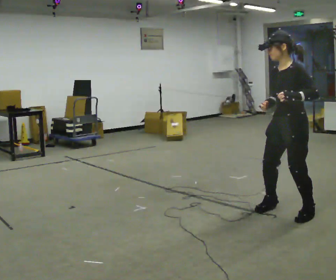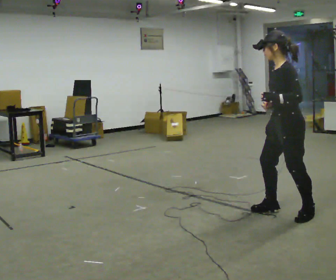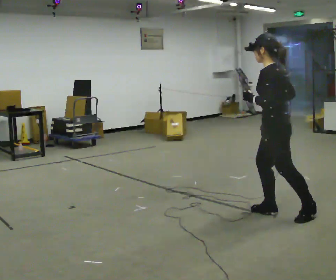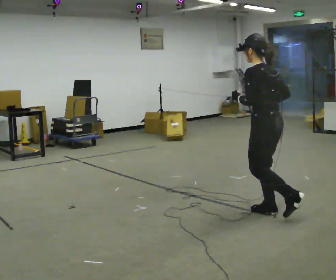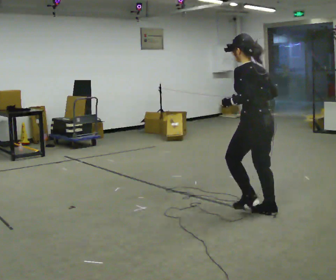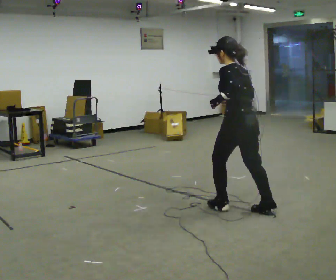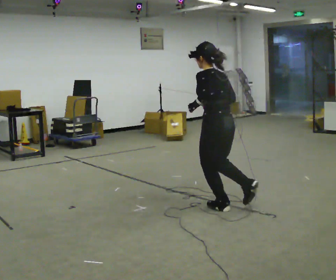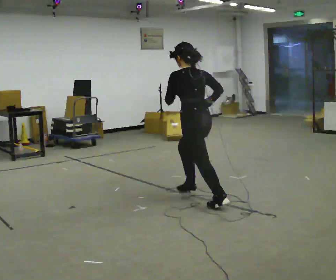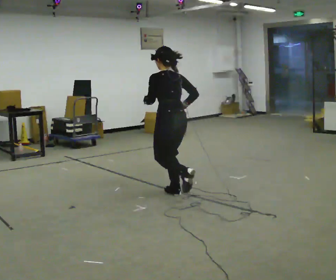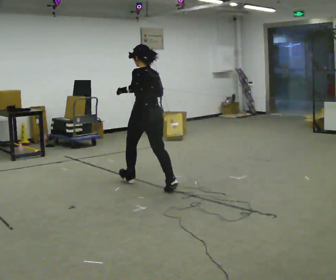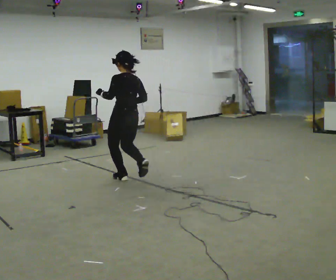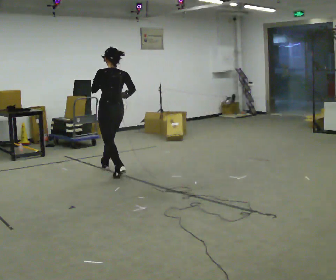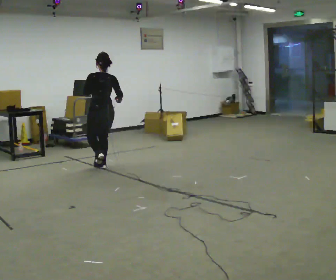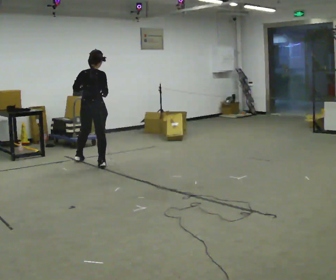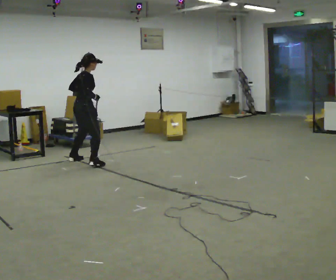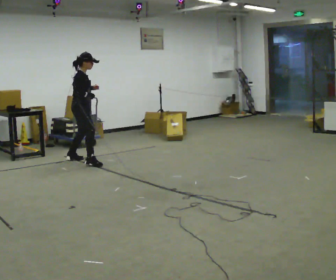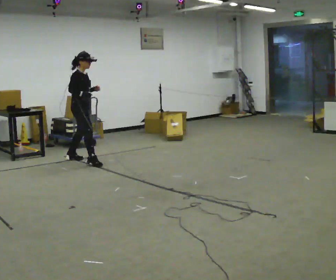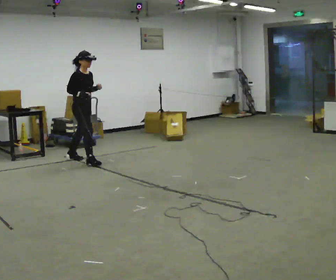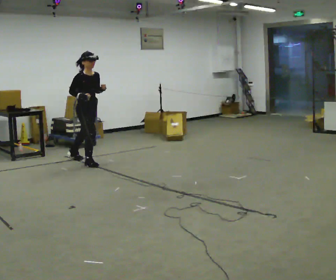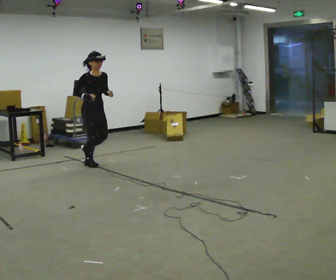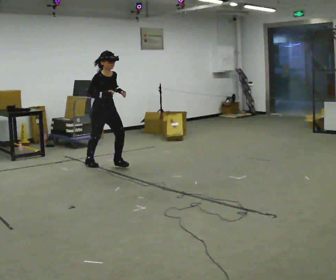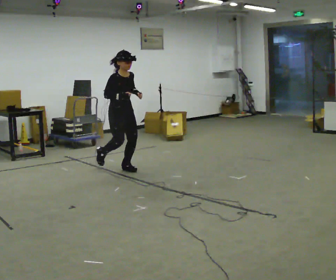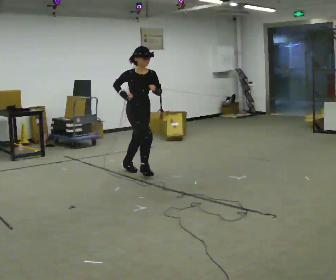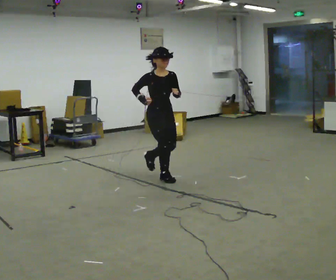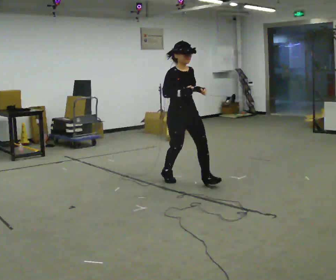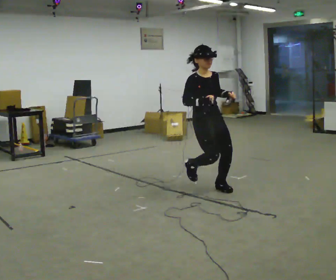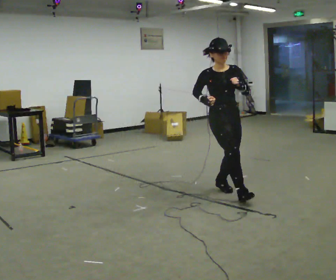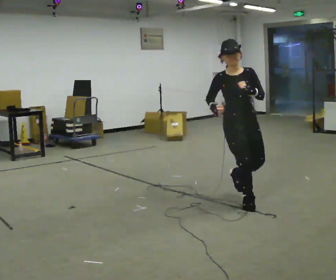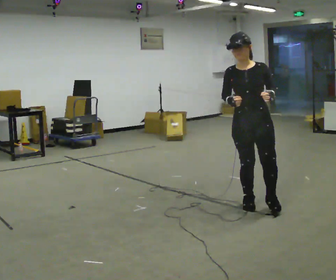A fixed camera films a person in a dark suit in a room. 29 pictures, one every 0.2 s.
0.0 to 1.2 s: The person turns about 75 degrees to their right, clockwise seen from above, so the part of the body nearest the lens slides to the left. In the picture they go to the left and away from the camera, about 0.5 m in 2 steps. The upper body tips away from the camera, its near side rolling upward.
1.2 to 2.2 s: In the picture they go away from the camera and to the left, about 2 m in 2 steps, which for them is forward. The upper body tips toward the camera, its near side rolling downward, as they lean back or straighten.
2.2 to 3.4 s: The person turns about 135 degrees to their right, clockwise seen from above, so the part of the body nearest the lens slides to the left. In the picture they go away from the camera and to the left, about 1 m in 3 steps.
3.4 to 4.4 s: Seen from above the body turns clockwise, about 30 degrees: to their right, with its near side sliding to the left. In the picture they go toward the camera and to the right, about 1 m in 1 step, which for them is forward.
4.4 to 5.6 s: The person turns about 45 degrees to their right, clockwise seen from above, so the part of the body nearest the lens slides to the left. In the picture they go toward the camera and to the right, about 2 m in 3 steps, which for them is forward.
The film runs forward here.
